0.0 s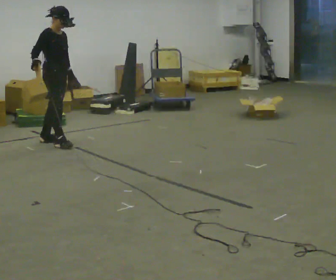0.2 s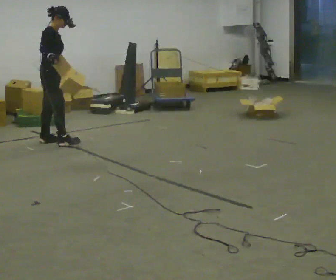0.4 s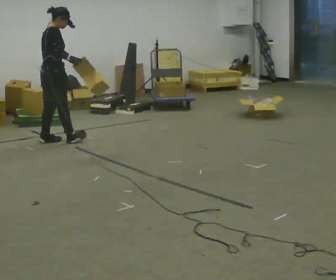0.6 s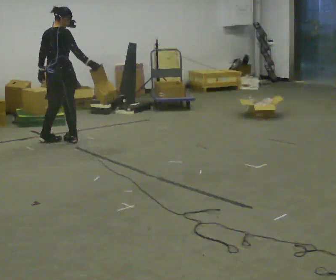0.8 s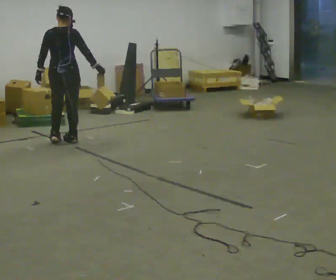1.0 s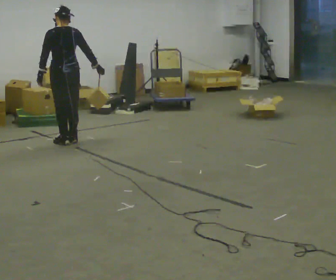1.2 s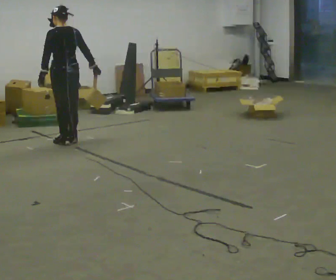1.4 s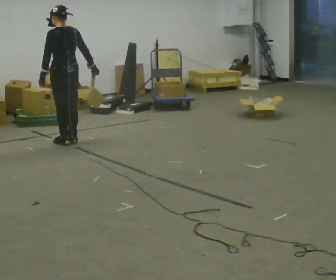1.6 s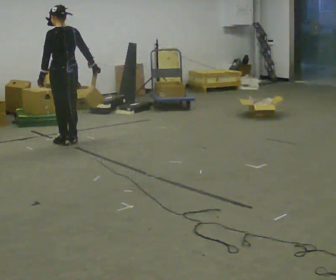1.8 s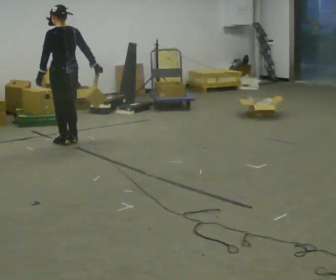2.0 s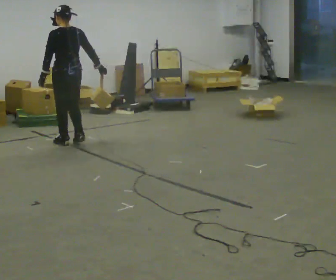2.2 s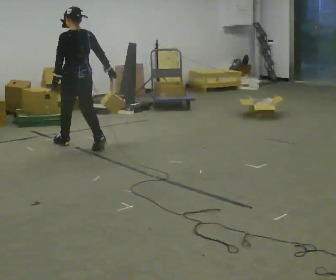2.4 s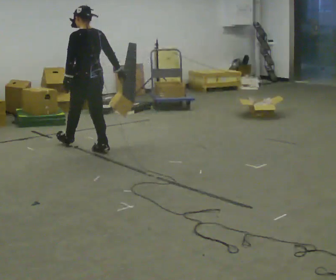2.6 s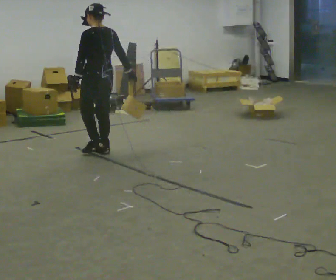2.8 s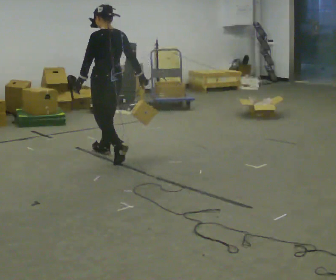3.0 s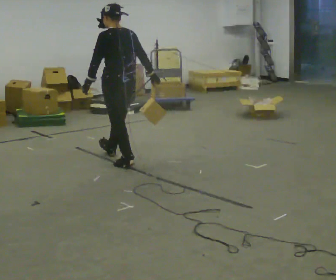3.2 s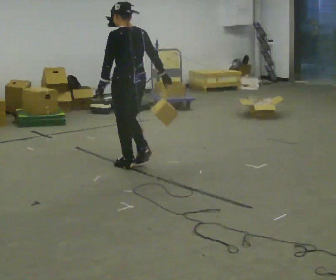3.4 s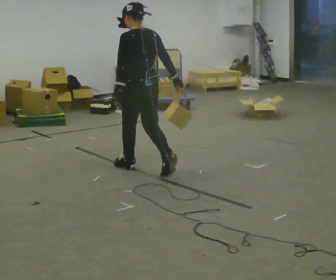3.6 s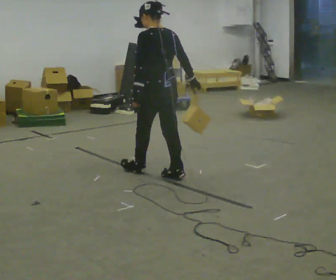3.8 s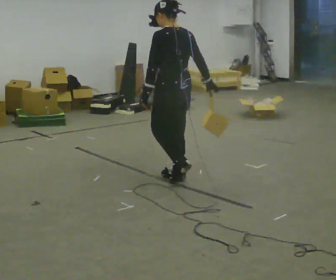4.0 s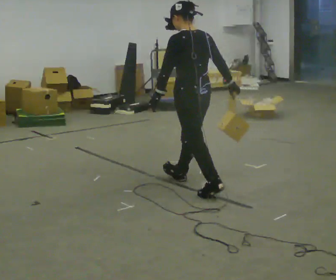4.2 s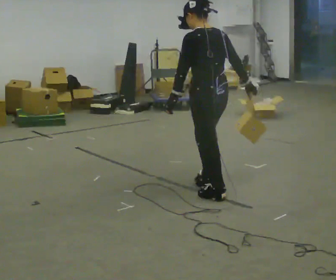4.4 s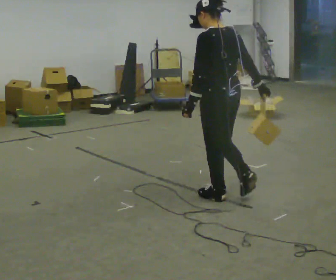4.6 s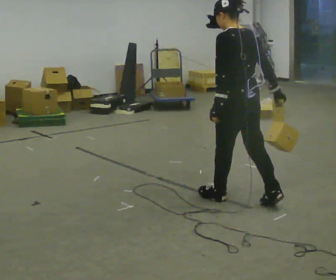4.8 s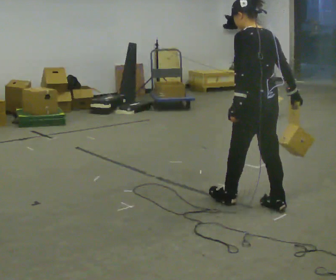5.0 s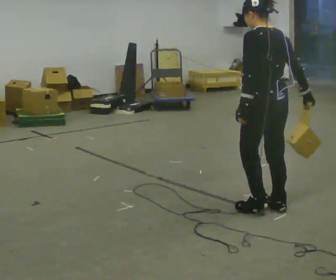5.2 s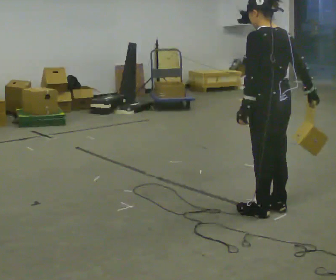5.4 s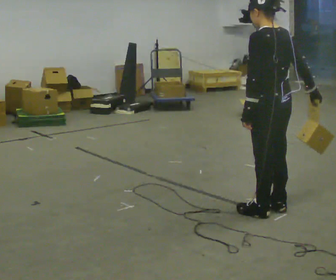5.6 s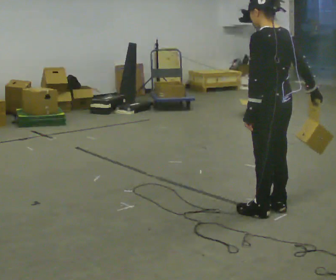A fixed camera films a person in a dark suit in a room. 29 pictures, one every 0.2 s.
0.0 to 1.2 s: The person turns about 150 degrees to their left, counterclockwise seen from above, so the part of the body nearest the lens slides to the right. In the picture their right hand goes to the right.
1.2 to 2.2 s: In the picture they go toward the camera, about 0.25 m in 1 step, which for them is backward.
2.2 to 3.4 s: In the picture they go toward the camera and to the right, about 1 m in 2 steps, which for them is backward.
3.4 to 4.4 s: In the picture they go toward the camera and to the right, about 1 m in 2 steps, which for them is backward.
4.4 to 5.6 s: In the picture they go toward the camera and to the right, about 0.5 m in 1 step, which for them is backward.
The film runs backward here.
